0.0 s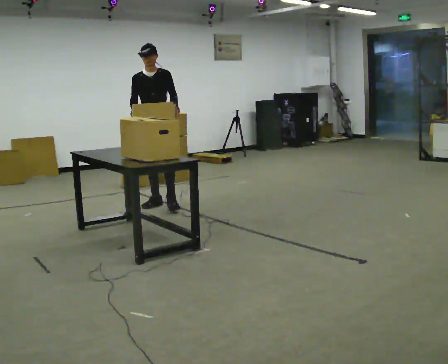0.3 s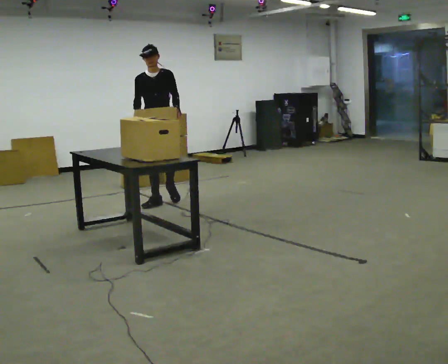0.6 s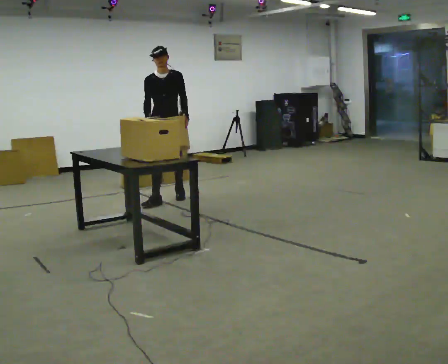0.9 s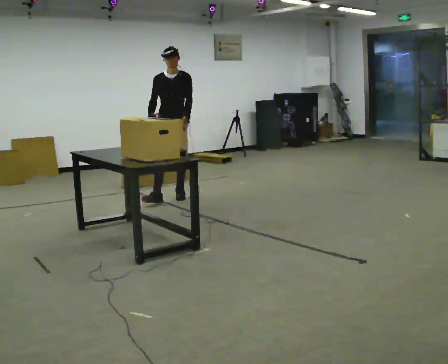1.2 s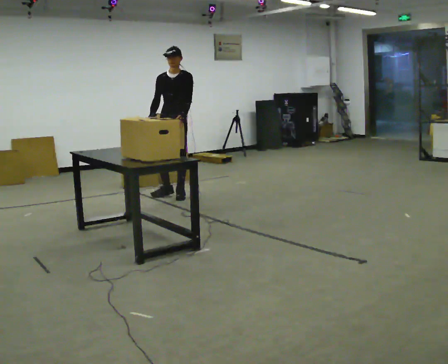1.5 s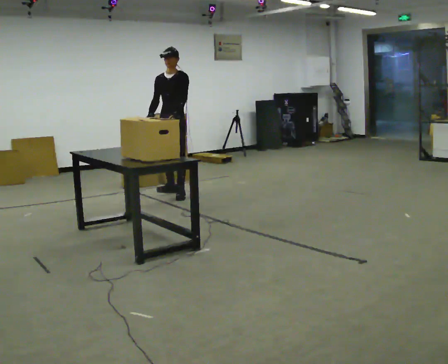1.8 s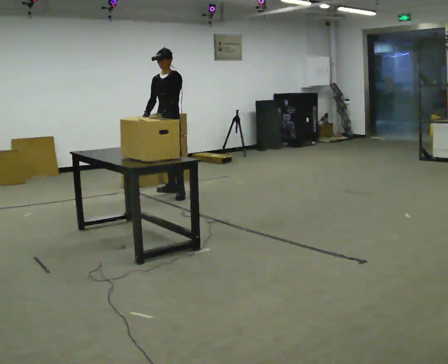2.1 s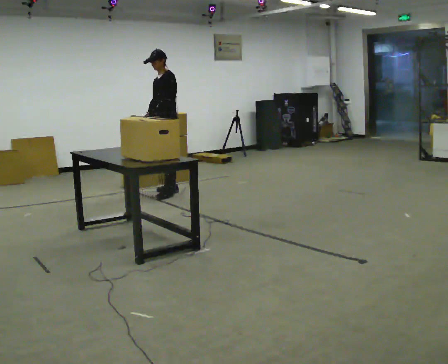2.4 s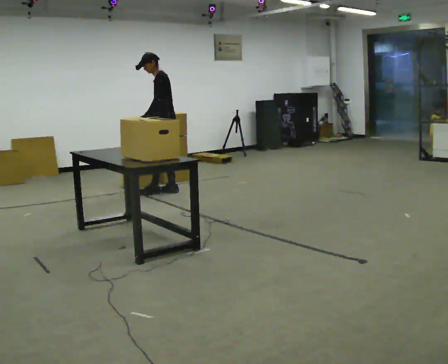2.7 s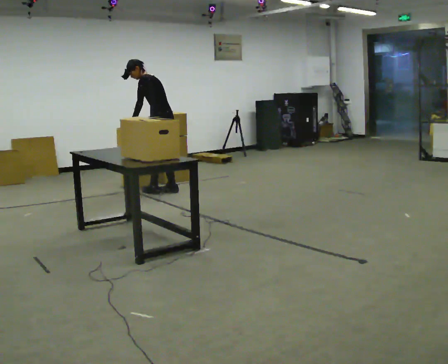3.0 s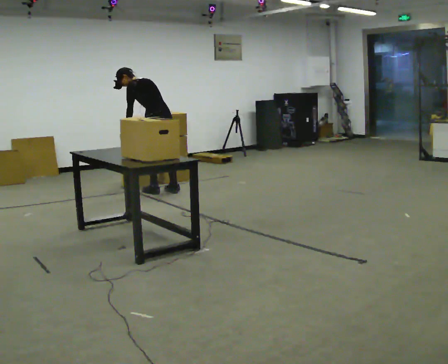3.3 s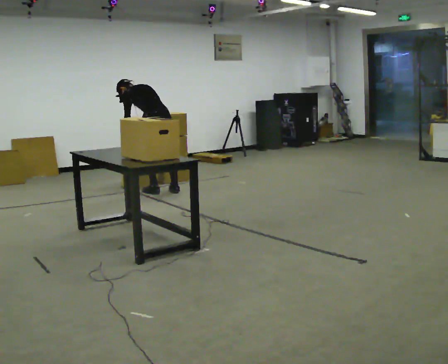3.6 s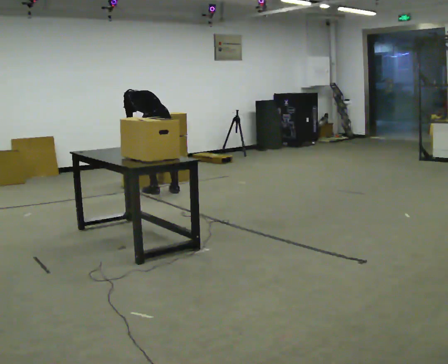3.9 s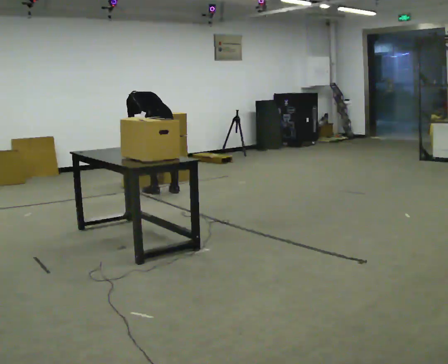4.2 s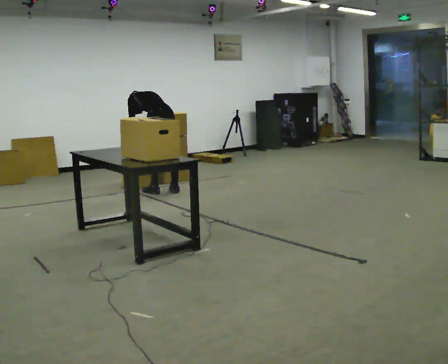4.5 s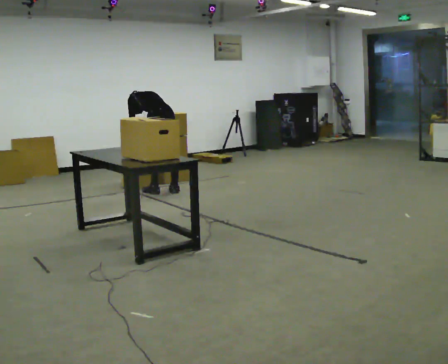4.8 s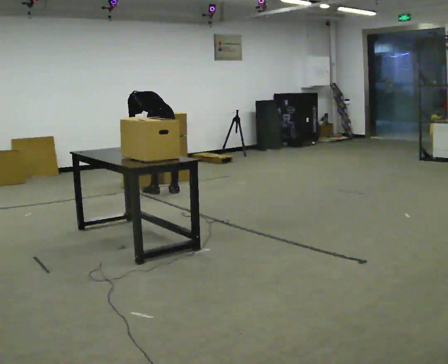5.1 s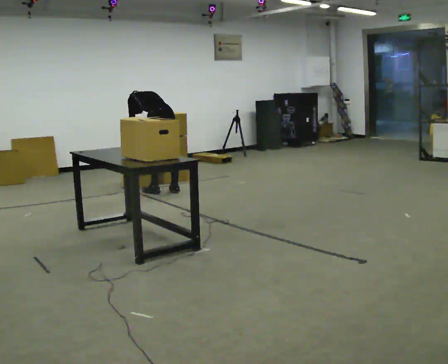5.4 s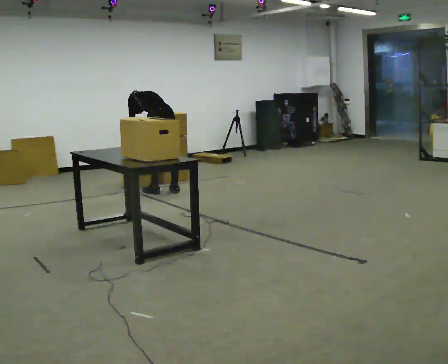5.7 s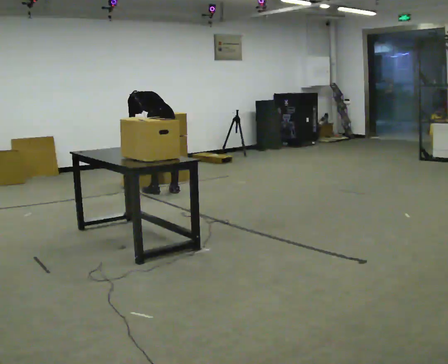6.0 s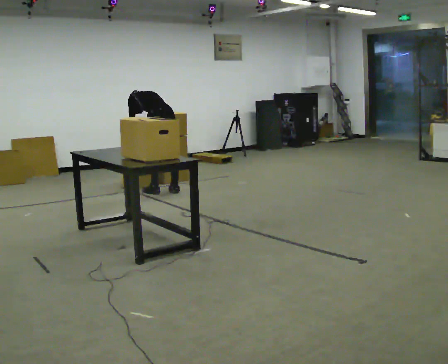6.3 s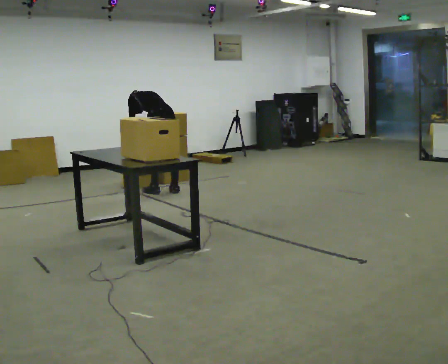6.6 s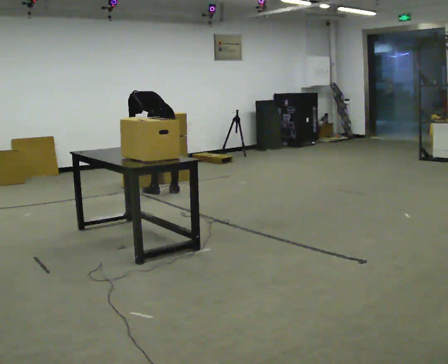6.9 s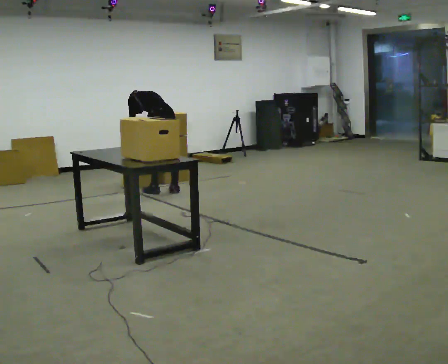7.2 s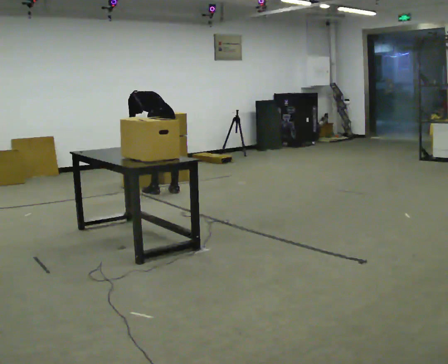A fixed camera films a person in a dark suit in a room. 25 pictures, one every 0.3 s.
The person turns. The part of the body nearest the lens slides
to the left.
The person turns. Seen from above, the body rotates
clockwise.
0.0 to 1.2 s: In the picture they go away from the camera and to the right, about 0.5 m in 1 step, which for them is backward.
1.2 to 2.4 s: Seen from above the body turns clockwise, about 60 degrees: to their right, with its near side sliding to the left. In the picture they go away from the camera, about 0.25 m in 1 step.
2.4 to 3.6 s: The person turns about 60 degrees to their right, clockwise seen from above, so the part of the body nearest the lens slides to the left. In the picture they go to the left, about 0.25 m. The shoulders move downward. The upper body tips away from the camera, its near side rolling upward, as they bend forward. In the picture their left hand goes downward.
3.6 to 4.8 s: The person moves a little, or ends about where they began.
4.8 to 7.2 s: The person keeps their place and pose.
The film runs backward here.
